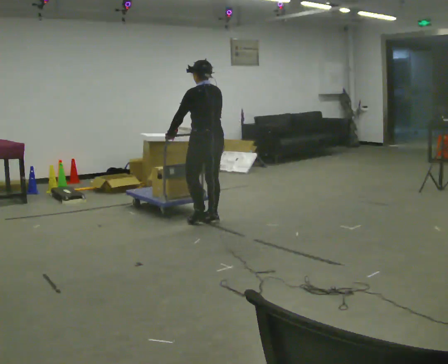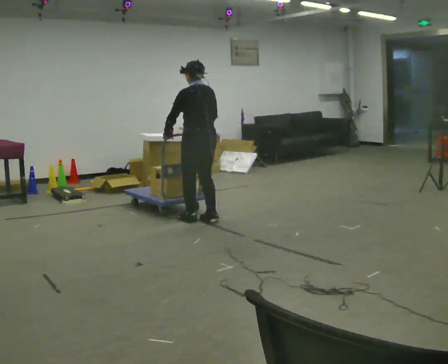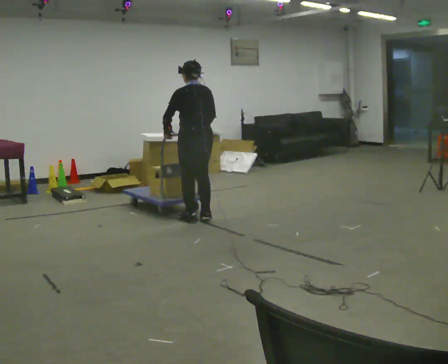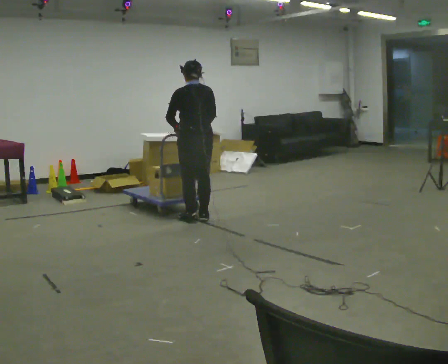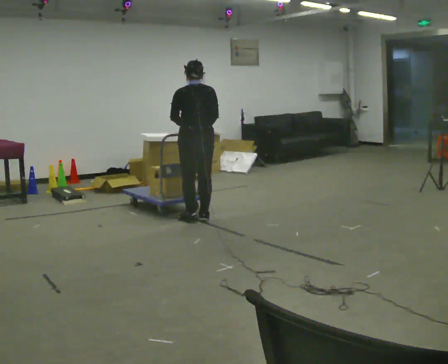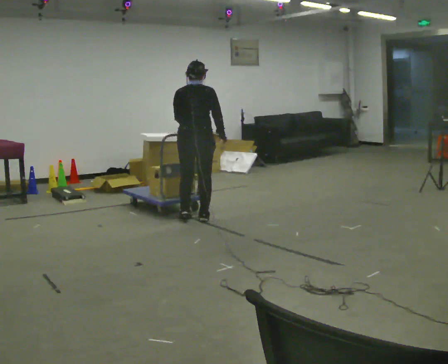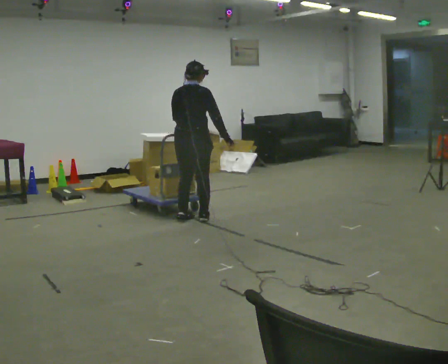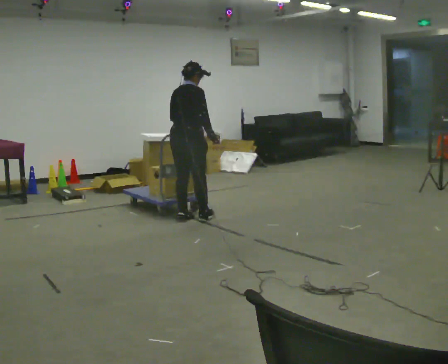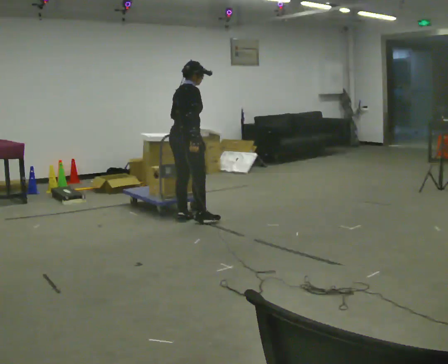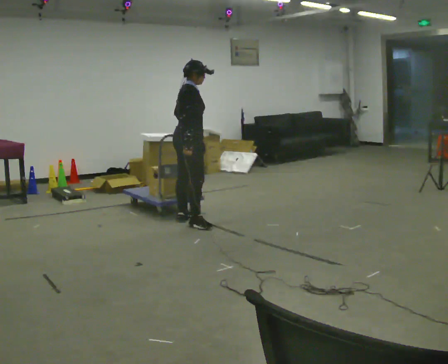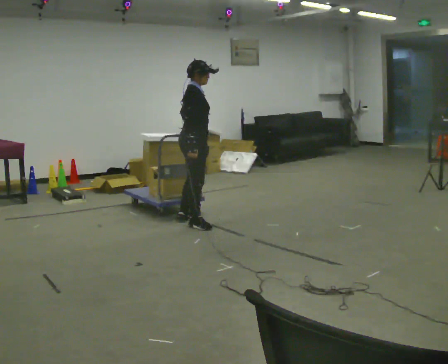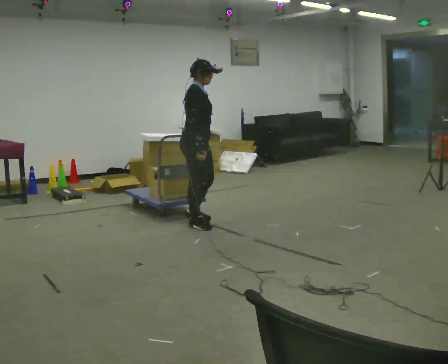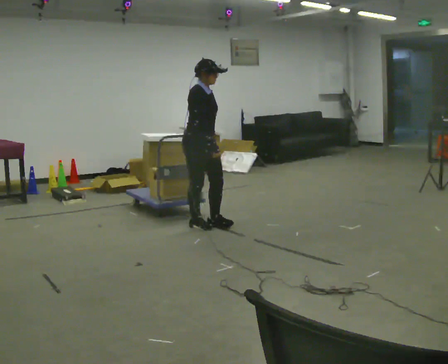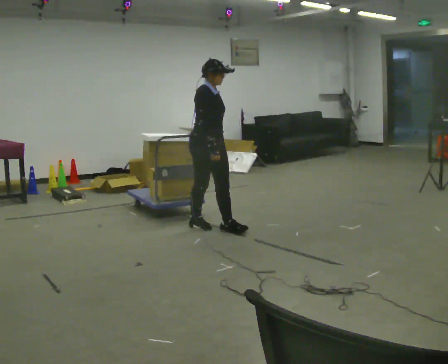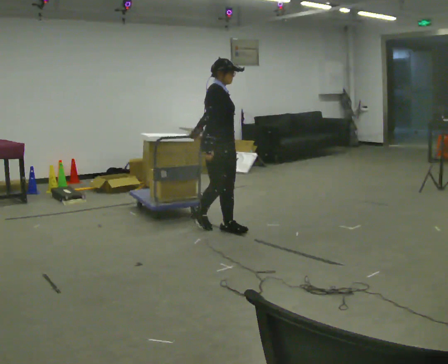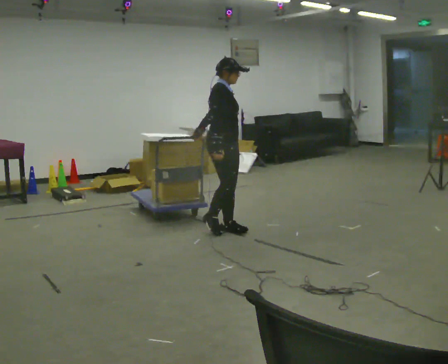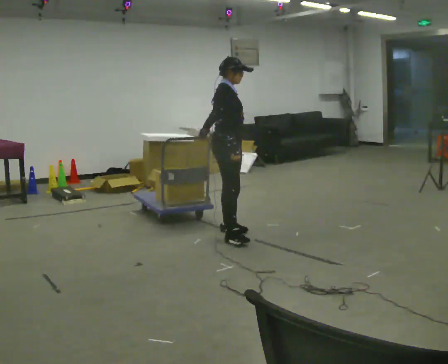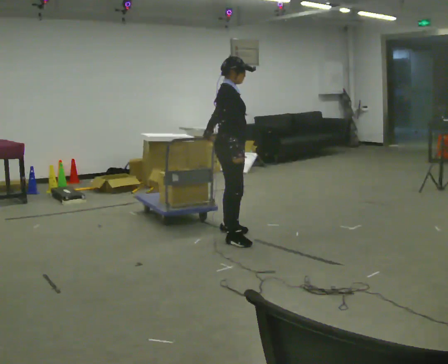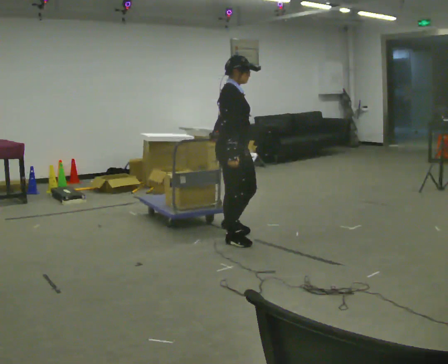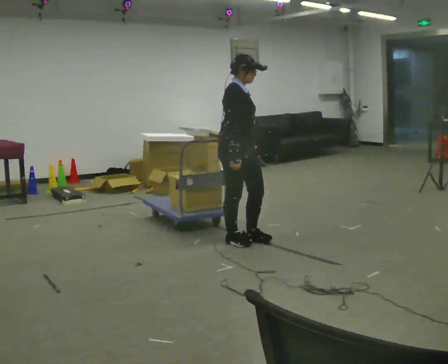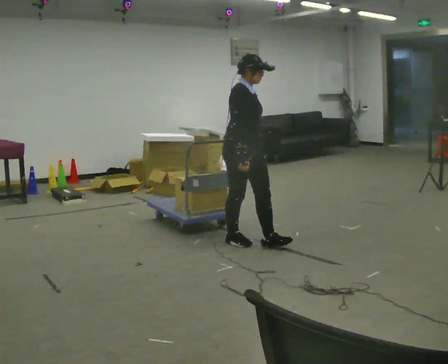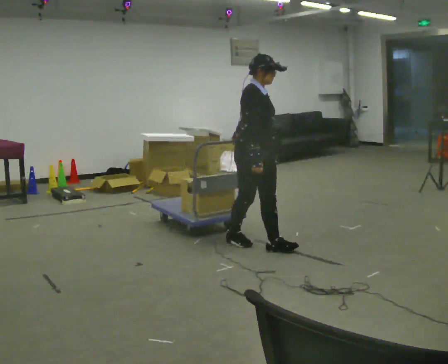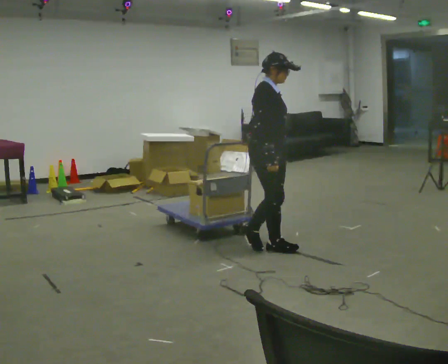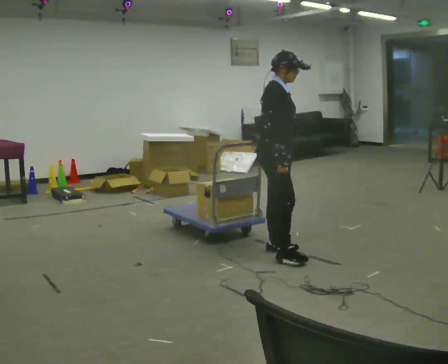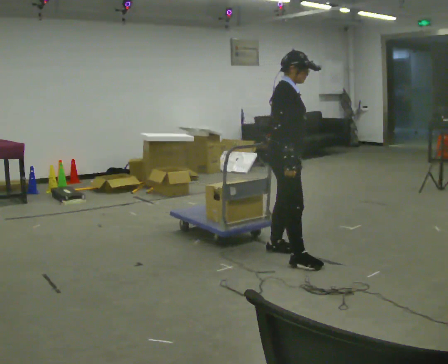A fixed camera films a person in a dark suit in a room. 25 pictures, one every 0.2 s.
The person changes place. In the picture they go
toward the camera.
0.0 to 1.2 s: The person turns about 60 degrees to their right, clockwise seen from above, so the part of the body nearest the lens slides to the left. In the picture they go to the left, about 0.25 m in 1 step.
1.2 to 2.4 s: The part of the body nearest the lens slides to the left as the person turns to their right by about 90 degrees. In the picture they go toward the camera, about 0.25 m in 1 step.
2.4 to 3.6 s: In the picture they go toward the camera and to the right, about 0.5 m in 2 steps, which for them is forward and to their right.
3.6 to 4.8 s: In the picture they go toward the camera and to the right, about 0.75 m in 2 steps, which for them is forward.
The film runs forward here.
